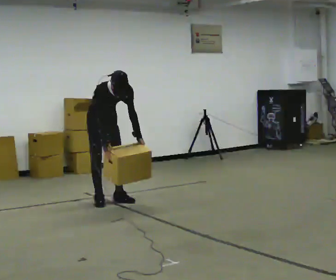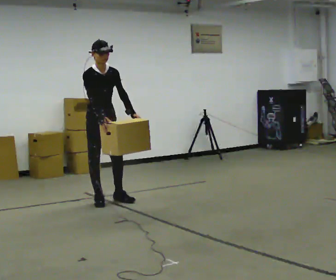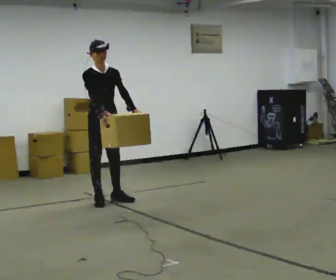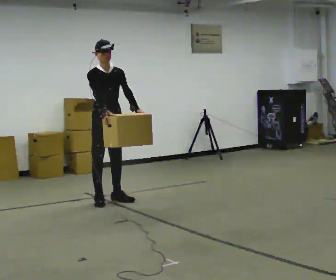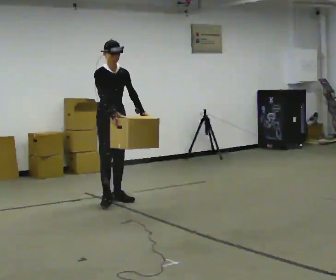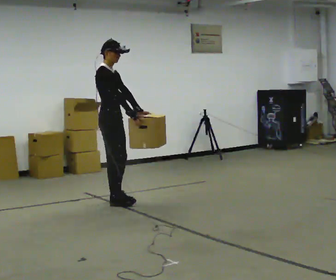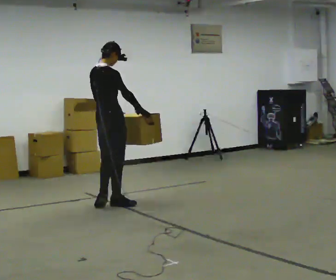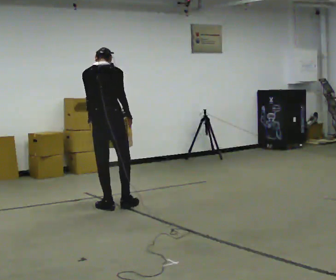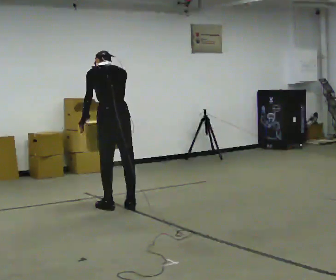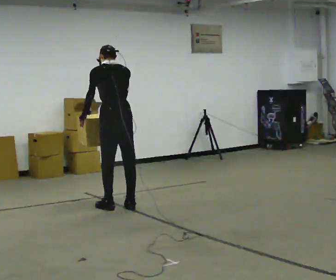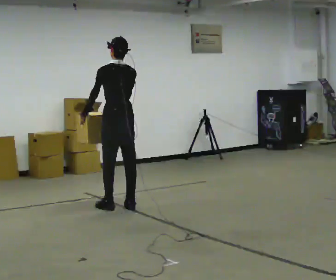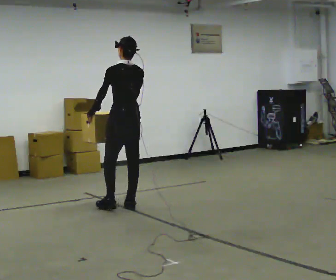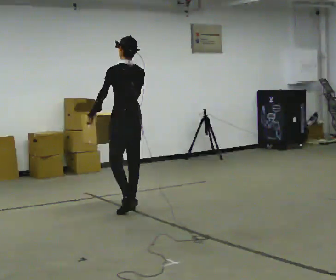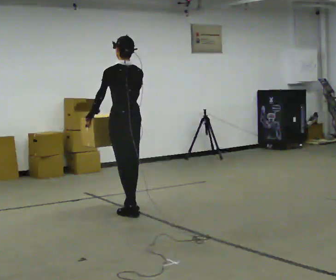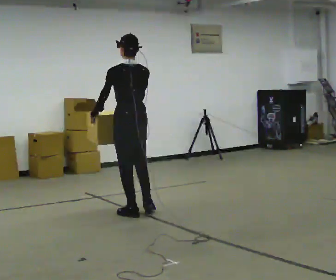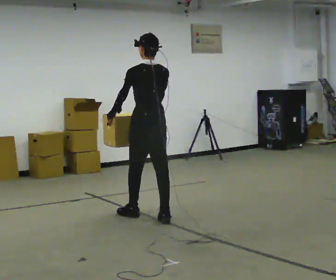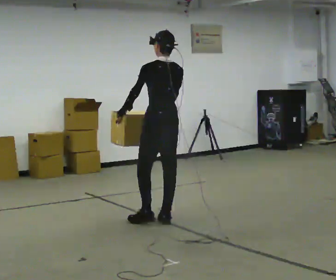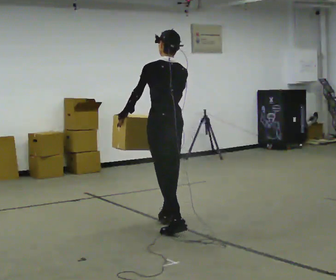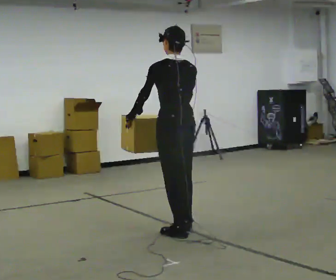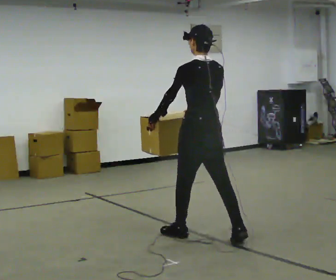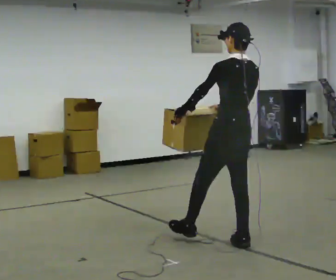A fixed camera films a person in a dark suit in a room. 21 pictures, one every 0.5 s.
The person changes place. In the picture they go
toward the camera.
The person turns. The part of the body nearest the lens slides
to the right.
0.0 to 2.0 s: The upper body goes upward. The upper body tips away from the camera, its near side rolling upward, as they lean back or straighten. In the picture their right hand goes upward.
2.0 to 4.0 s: The person turns about 165 degrees to their left, counterclockwise seen from above, so the part of the body nearest the lens slides to the right. In the picture they go toward the camera, about 0.5 m in 2 steps.
4.0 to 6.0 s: The upper body tips toward the camera, its near side rolling downward, as they lean back or straighten.
6.0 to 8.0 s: In the picture they go toward the camera and to the right, about 0.75 m in 2 steps, which for them is backward.
8.0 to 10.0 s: In the picture they go toward the camera and to the right, about 1 m in 2 steps, which for them is backward.
The film runs backward here.
